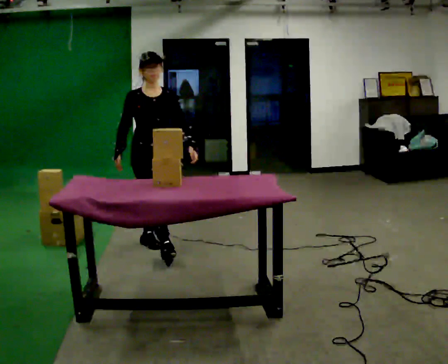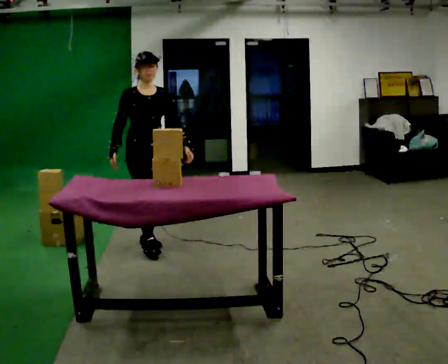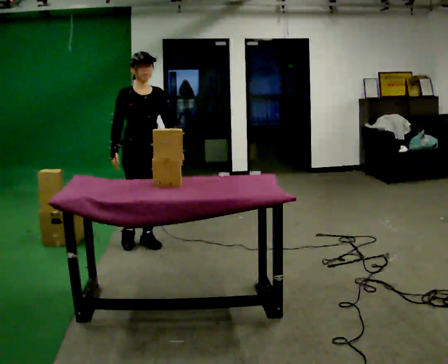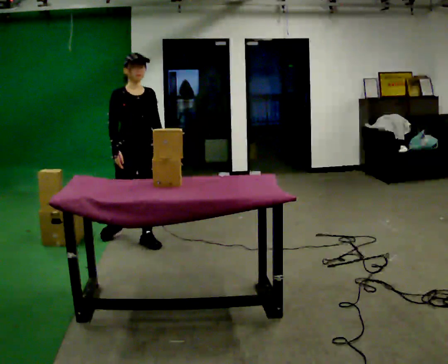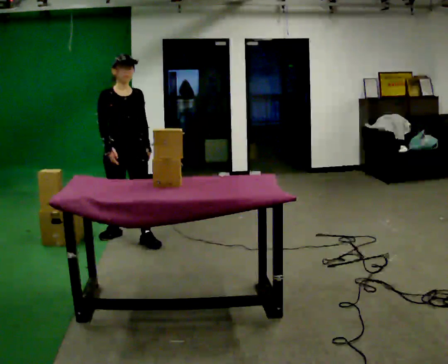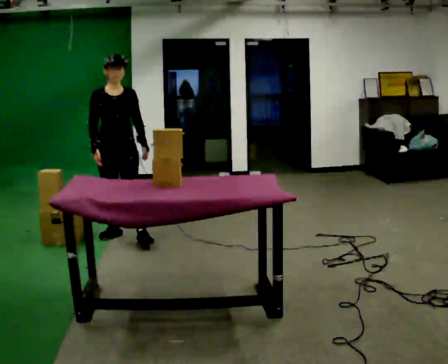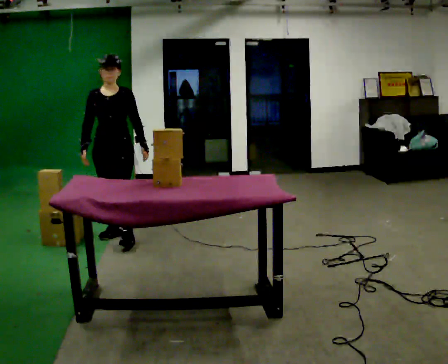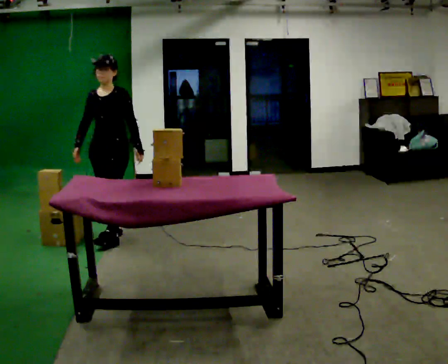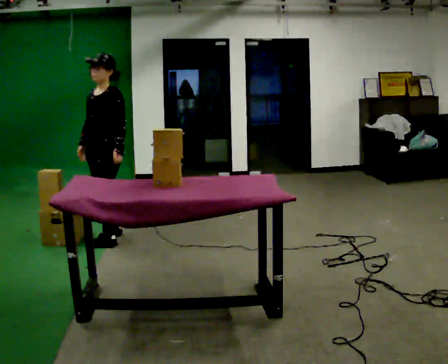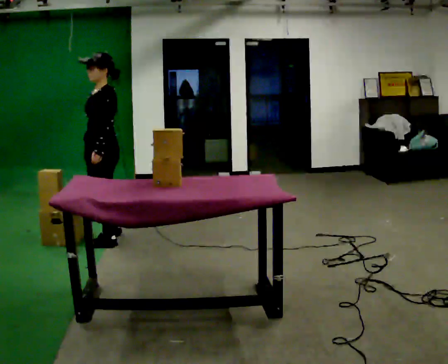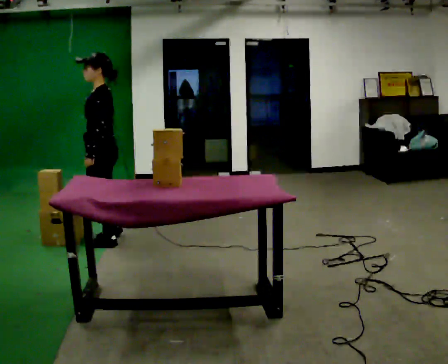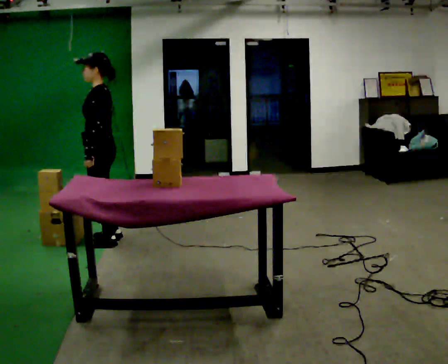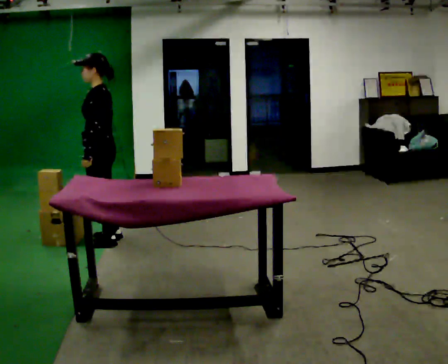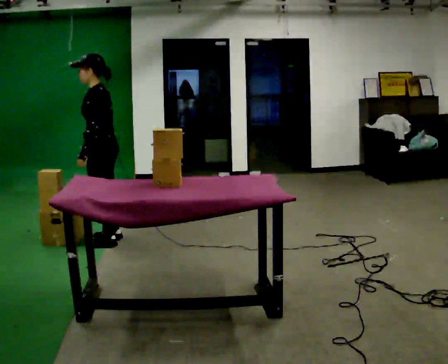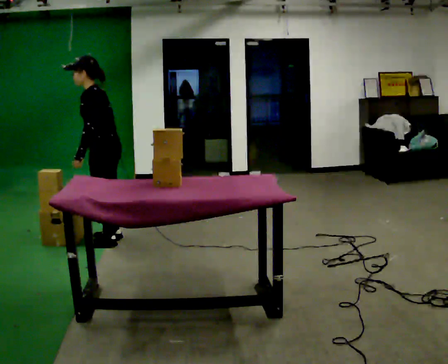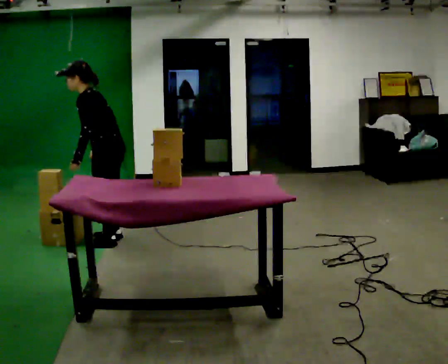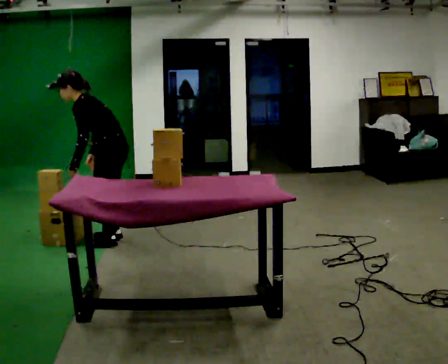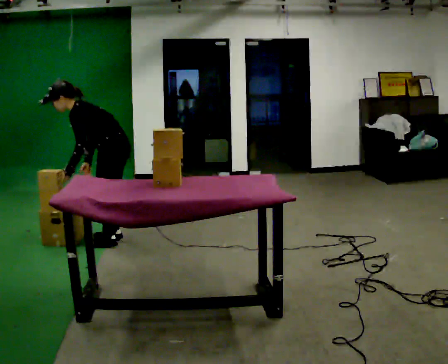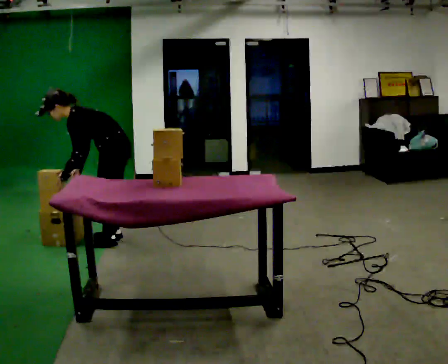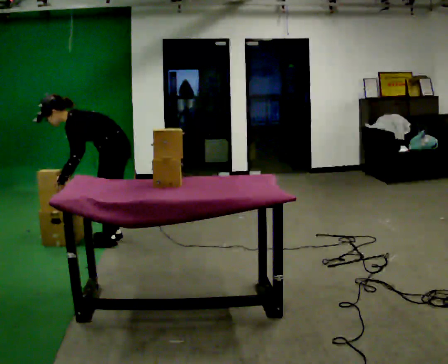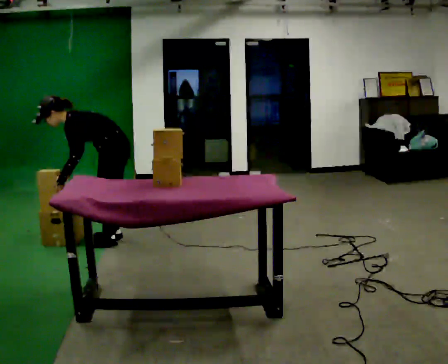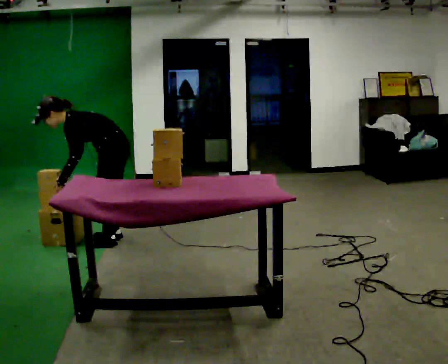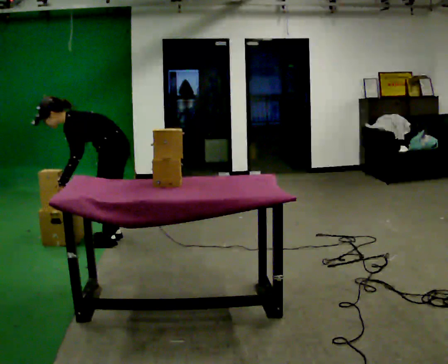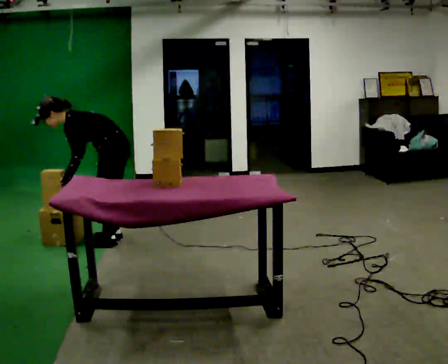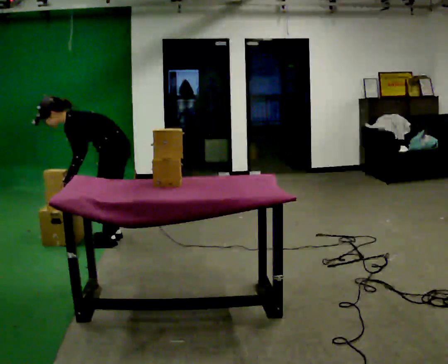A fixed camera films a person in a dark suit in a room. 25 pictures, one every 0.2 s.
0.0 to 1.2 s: The person turns about 30 degrees to their right, clockwise seen from above, so the part of the body nearest the lens slides to the left. In the picture they go away from the camera and to the left, about 0.5 m in 2 steps, which for them is backward and to their right.
1.2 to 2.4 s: Seen from above the body turns clockwise, about 90 degrees: to their right, with its near side sliding to the left. In the picture they go toward the camera, about 0.25 m. In the picture their left hand goes to the left, the arm swinging clockwise.
2.4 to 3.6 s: The upper body goes downward. In the picture the upper body tilts counterclockwise, shoulders to the left, as they bend forward.
3.6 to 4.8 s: The person moves a little, or ends about where they began.
The film runs backward here.
